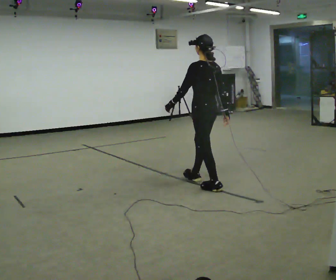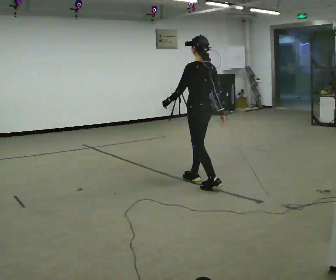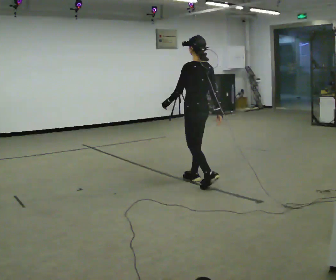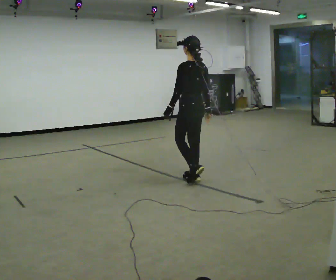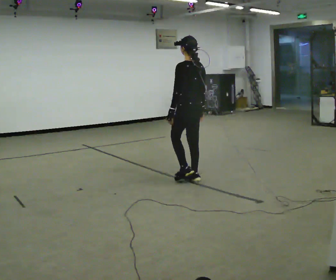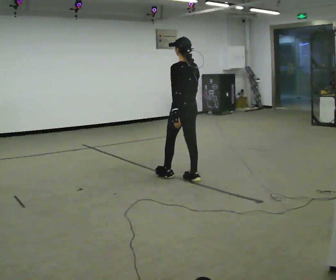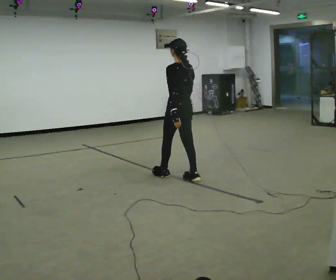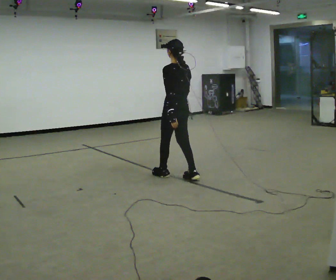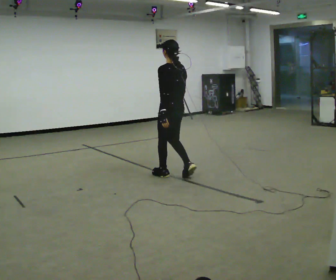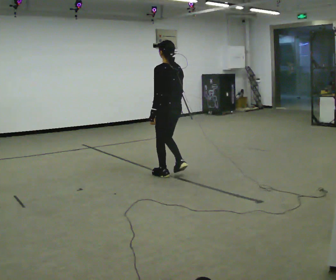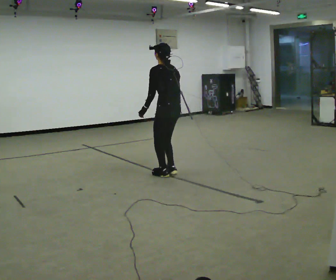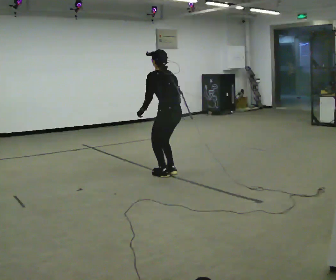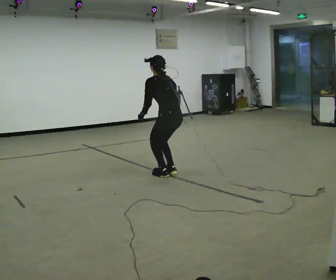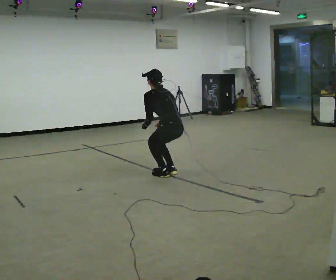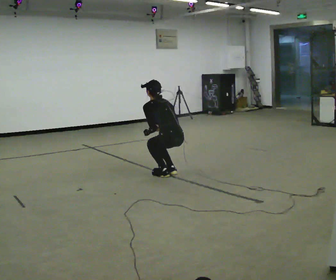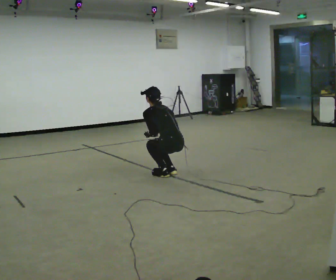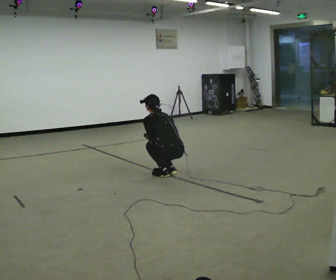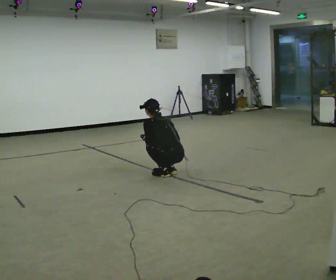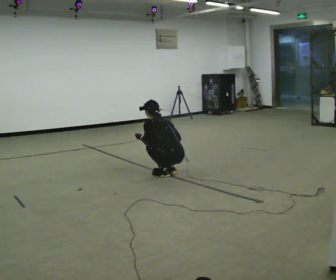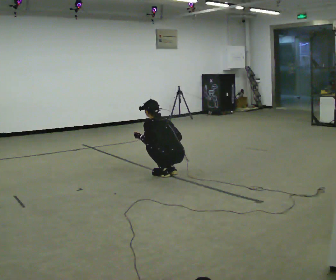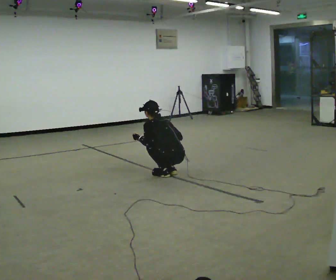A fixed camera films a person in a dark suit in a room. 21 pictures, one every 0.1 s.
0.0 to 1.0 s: In the picture they go away from the camera and to the left, about 0.5 m in 1 step, which for them is forward.
1.0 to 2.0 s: The shoulders move downward. In the picture the upper body tilts counterclockwise, shoulders to the left, as they bend forward. In the picture their right hand goes downward.
The film runs forward here.
